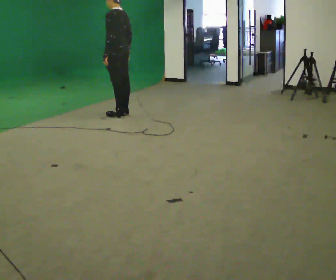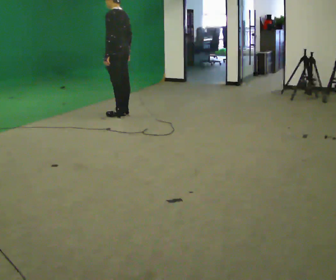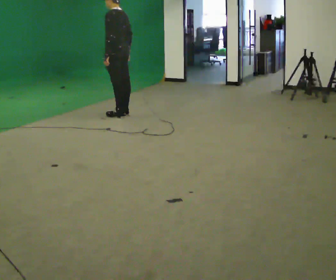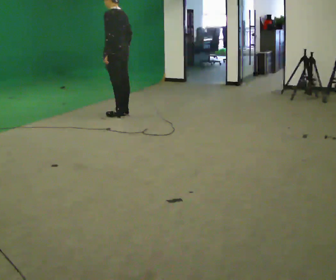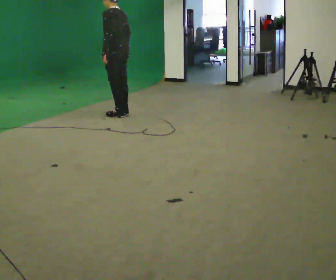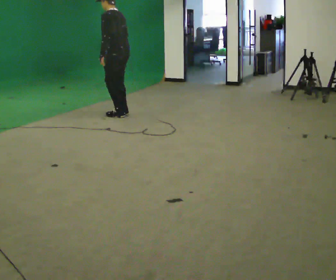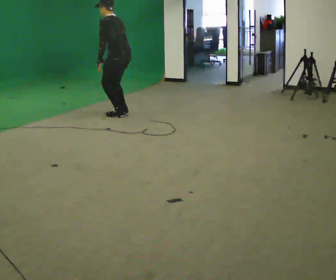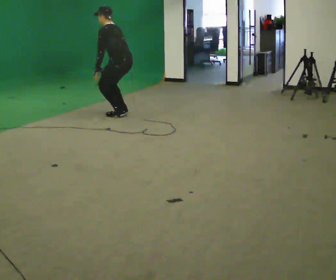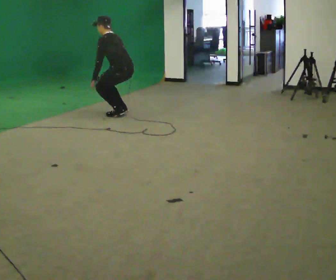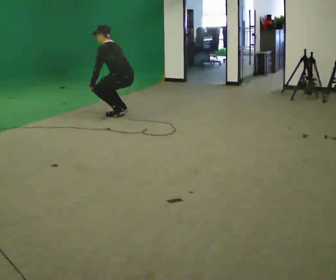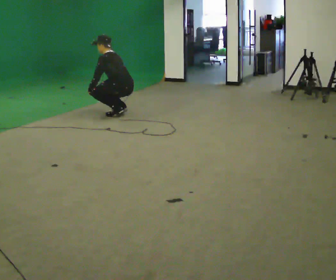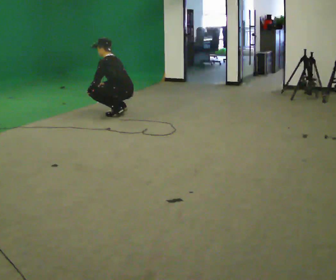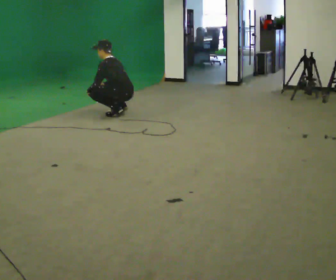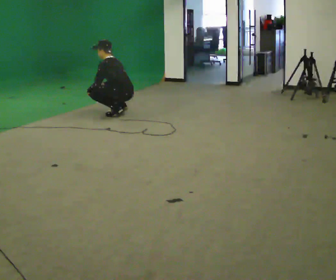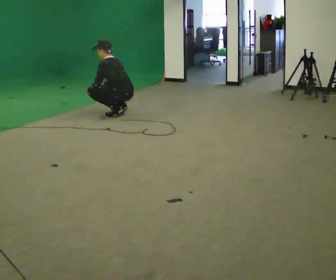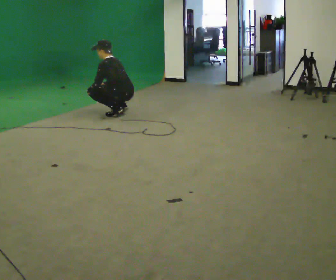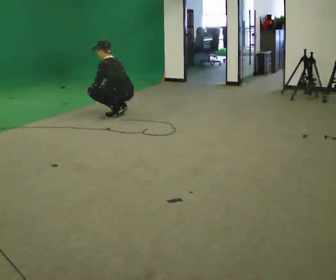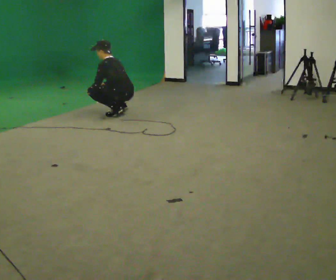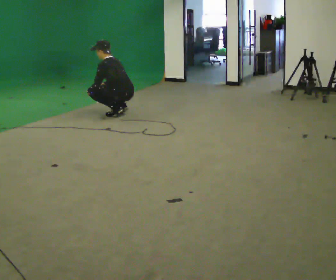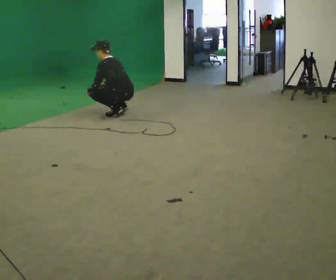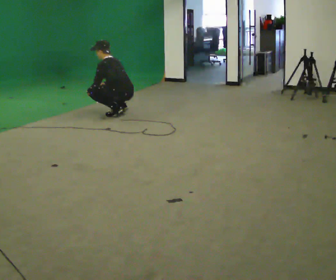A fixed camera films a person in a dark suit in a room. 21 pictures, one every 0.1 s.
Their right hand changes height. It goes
downward.
The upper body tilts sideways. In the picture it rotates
counterclockwise.
0.0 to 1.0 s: The upper body goes downward. In the picture the upper body tilts counterclockwise, shoulders to the left, as they bend forward. In the picture their right hand goes downward and to the left.
1.0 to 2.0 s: The person moves a little, or ends about where they began.
The film runs backward here.
